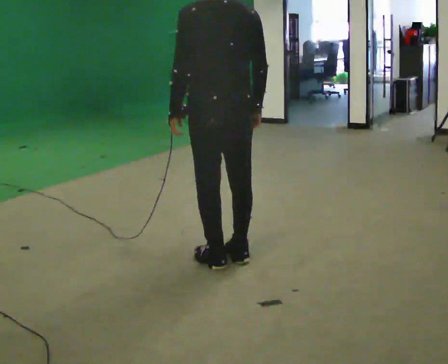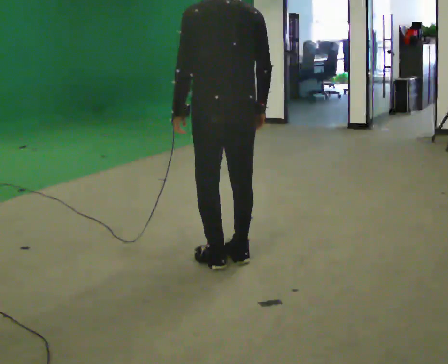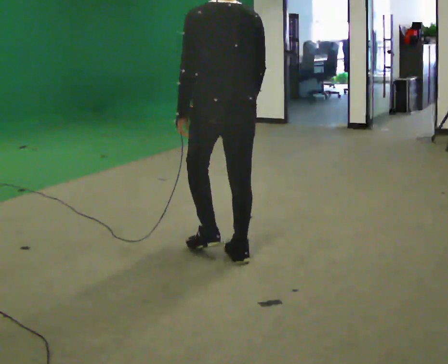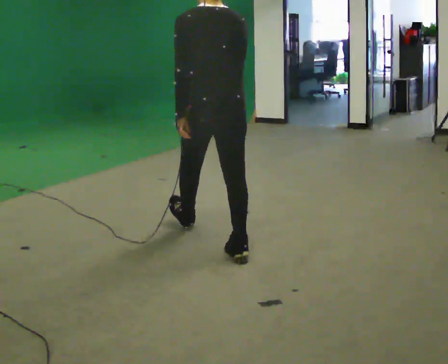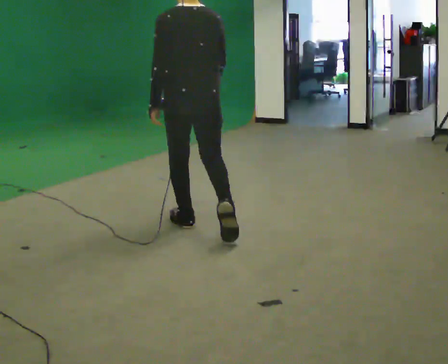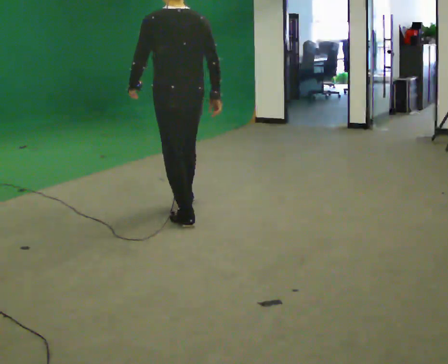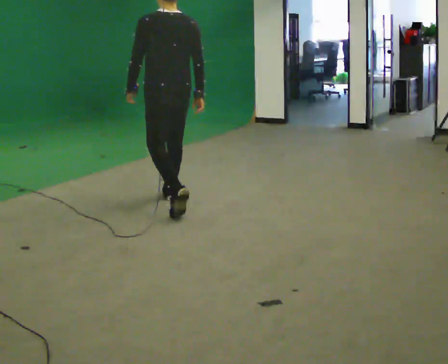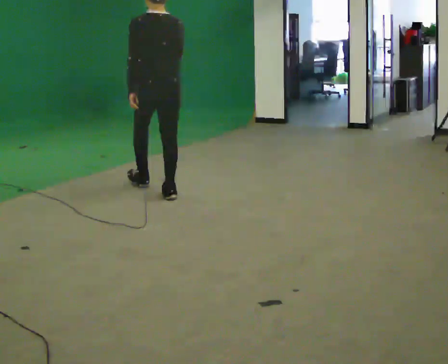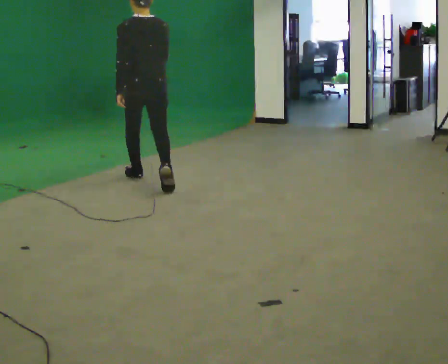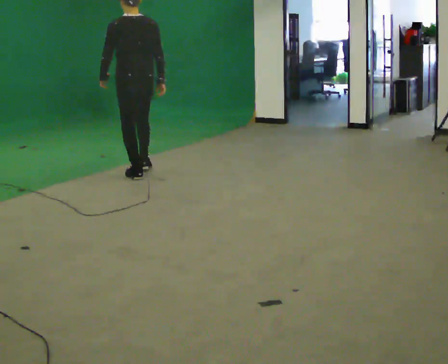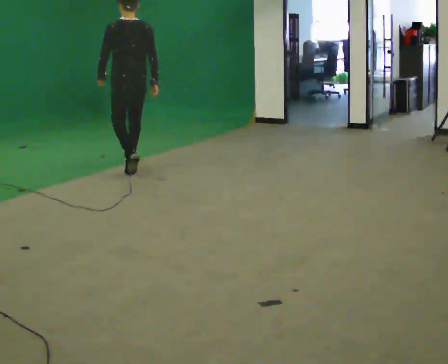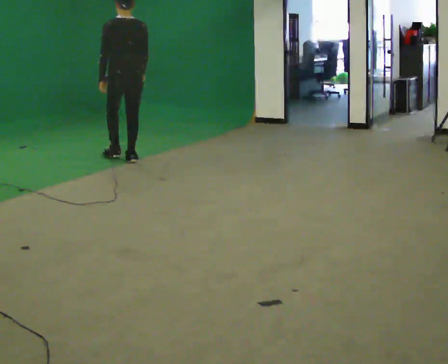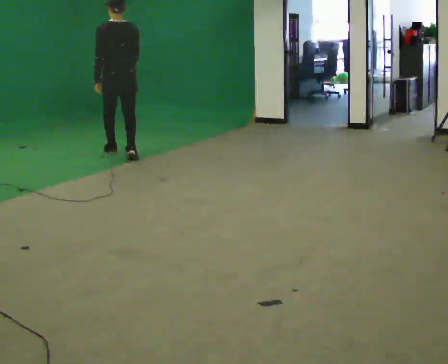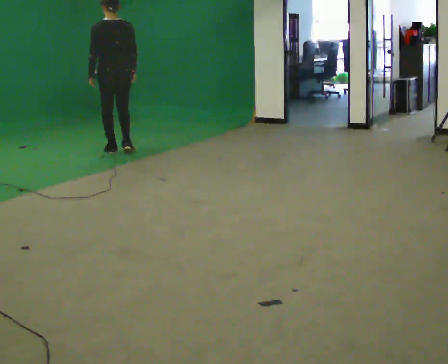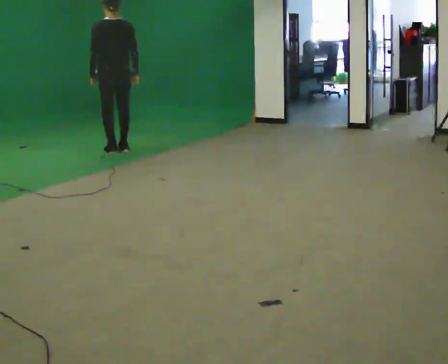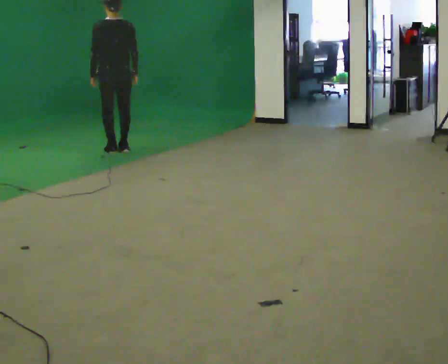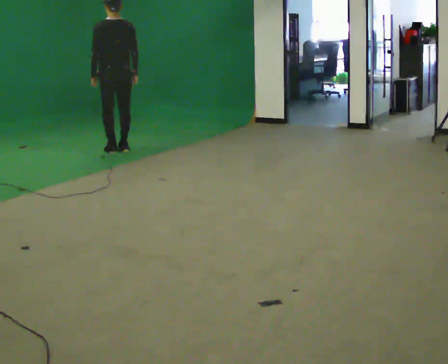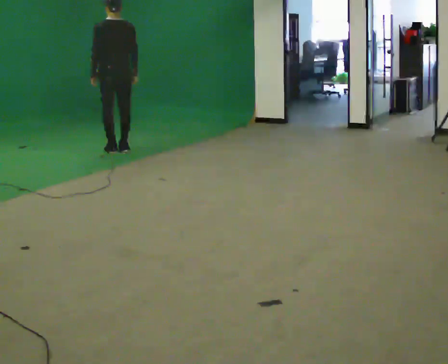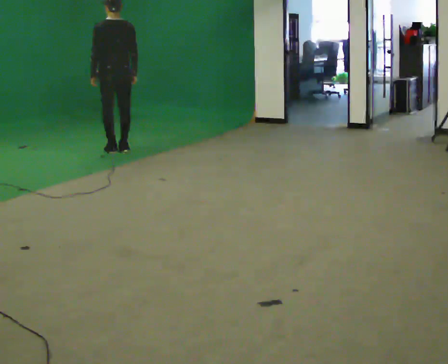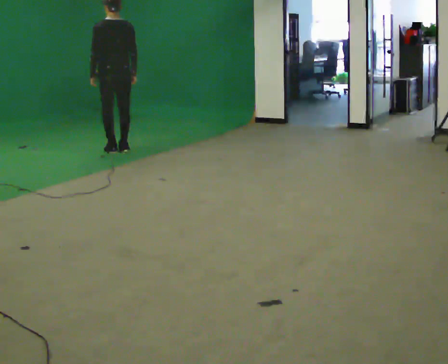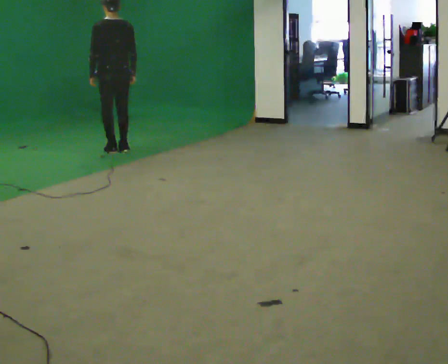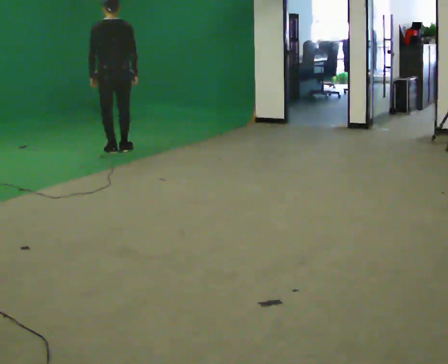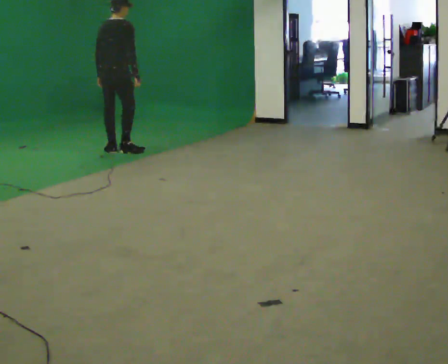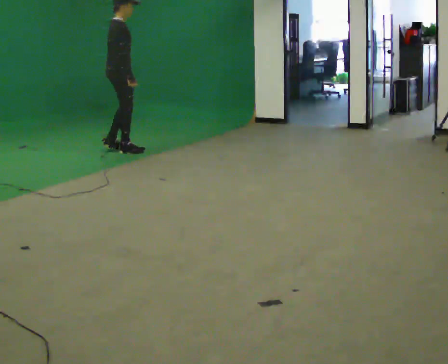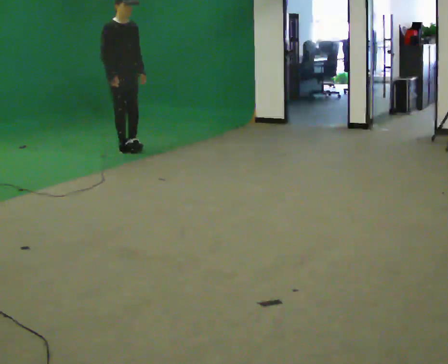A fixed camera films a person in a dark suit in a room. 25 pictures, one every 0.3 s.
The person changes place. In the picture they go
away from the camera.
0.0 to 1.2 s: In the picture they go away from the camera, about 0.5 m in 1 step, which for them is forward.
1.2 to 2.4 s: In the picture they go away from the camera, about 1.5 m in 2 steps, which for them is forward.
2.4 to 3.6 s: In the picture they go away from the camera, about 1 m in 2 steps, which for them is forward.
3.6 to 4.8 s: In the picture they go away from the camera, about 0.25 m in 1 step, which for them is forward.
4.8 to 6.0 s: The person moves a little, or ends about where they began.
6.0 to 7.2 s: The part of the body nearest the lens slides to the left as the person turns to their right by about 165 degrees.
The film runs forward here.
